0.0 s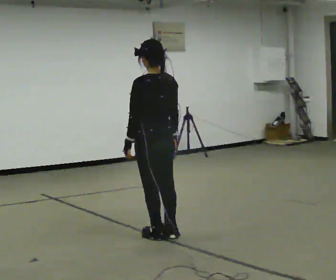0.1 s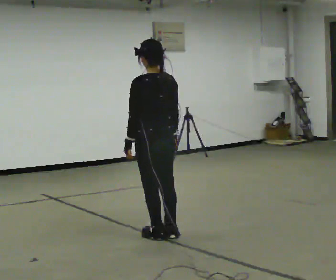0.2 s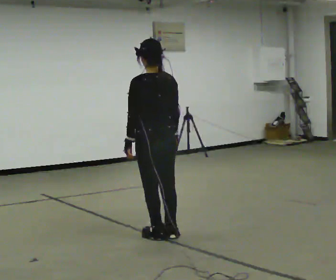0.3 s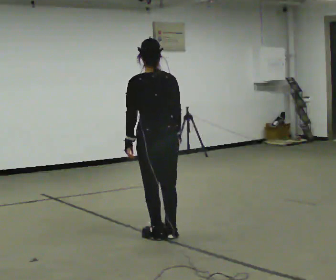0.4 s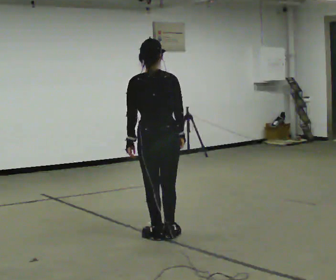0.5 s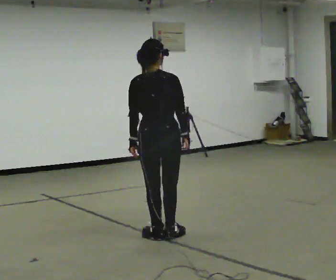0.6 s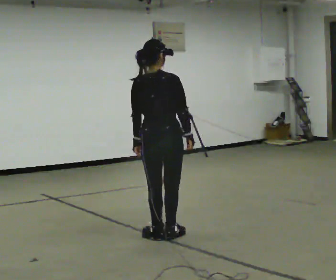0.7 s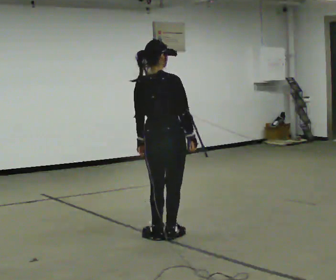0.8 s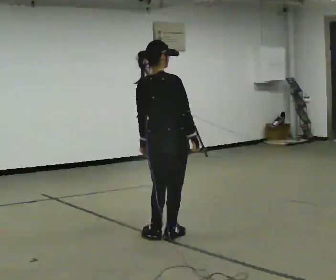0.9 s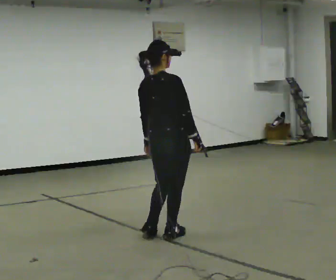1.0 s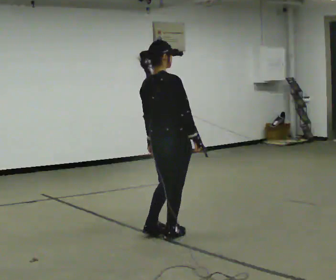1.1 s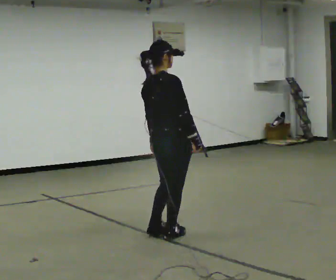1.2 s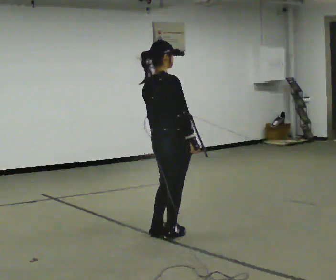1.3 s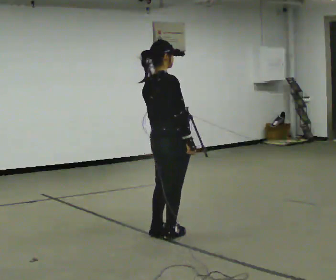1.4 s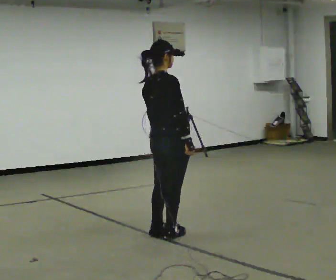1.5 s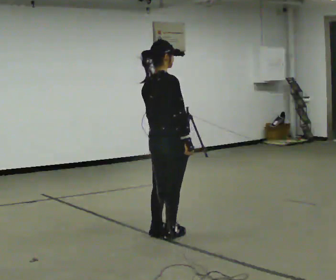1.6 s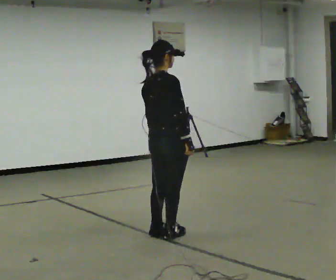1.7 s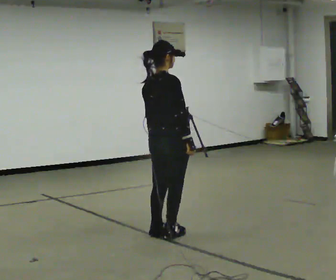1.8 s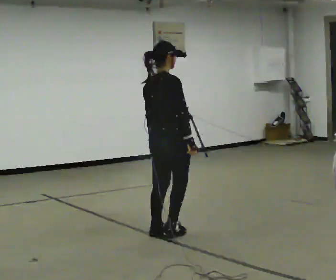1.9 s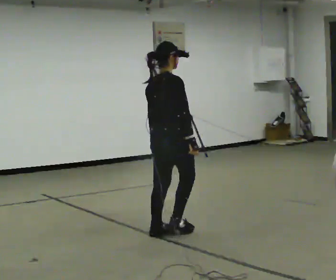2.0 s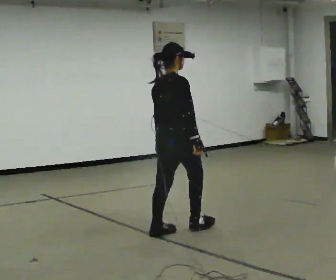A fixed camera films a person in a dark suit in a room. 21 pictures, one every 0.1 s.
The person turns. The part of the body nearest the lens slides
to the left.
The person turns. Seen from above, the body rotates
clockwise.
0.0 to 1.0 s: The person turns about 75 degrees to their right, clockwise seen from above, so the part of the body nearest the lens slides to the left.
1.0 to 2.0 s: The person moves a little, or ends about where they began.
The film runs forward here.
